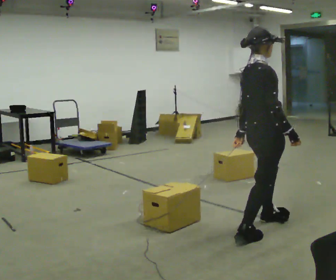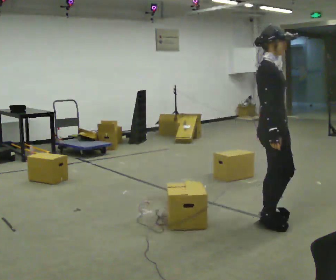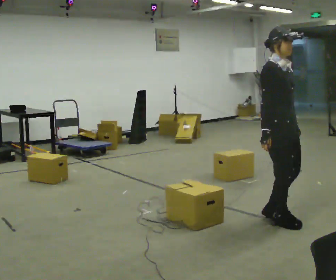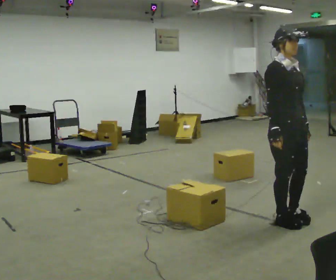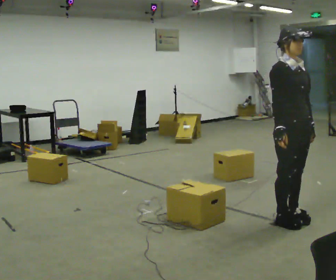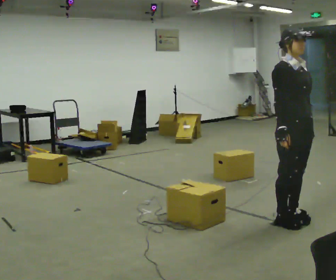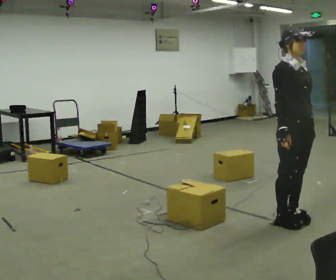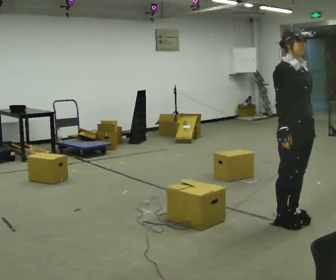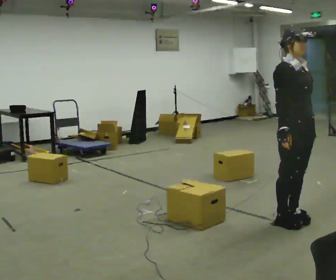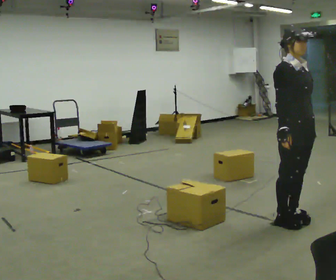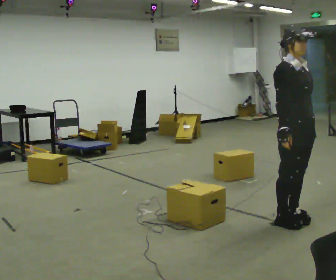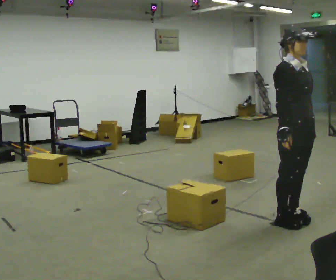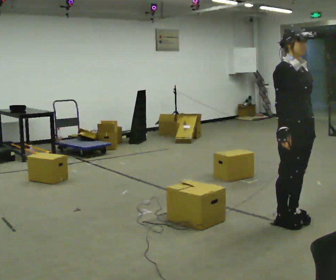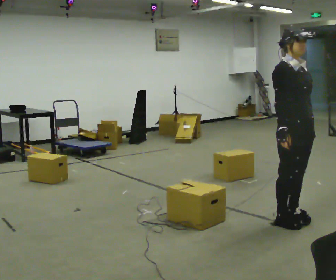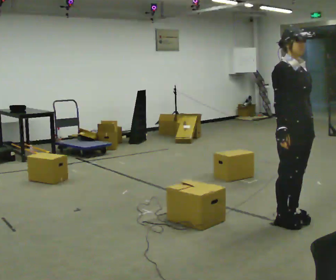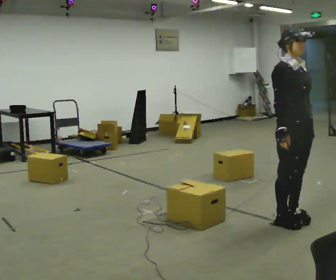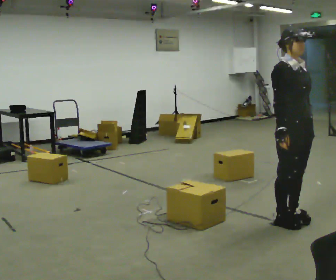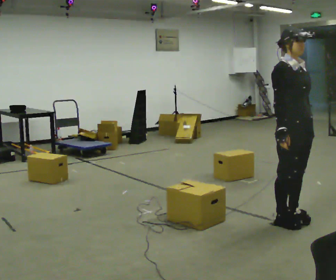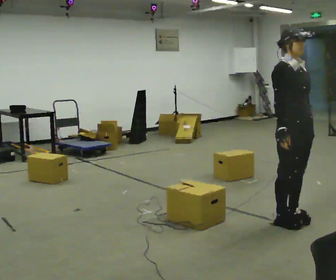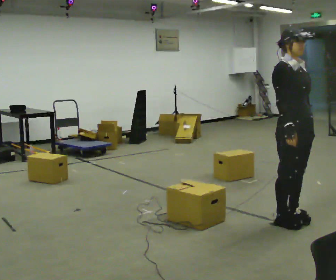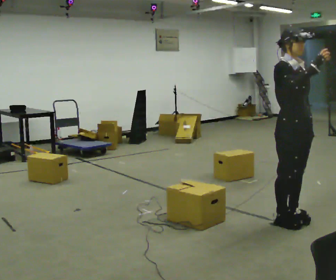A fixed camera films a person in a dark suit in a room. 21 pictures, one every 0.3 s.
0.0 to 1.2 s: The part of the body nearest the lens slides to the left as the person turns to their right by about 60 degrees. In the picture they go to the right and away from the camera, about 0.25 m in 2 steps.
1.2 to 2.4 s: The person moves a little, or ends about where they began.
2.4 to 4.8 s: The person keeps their place and pose.
4.8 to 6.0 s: In the picture their right hand goes upward.
The film runs forward here.
